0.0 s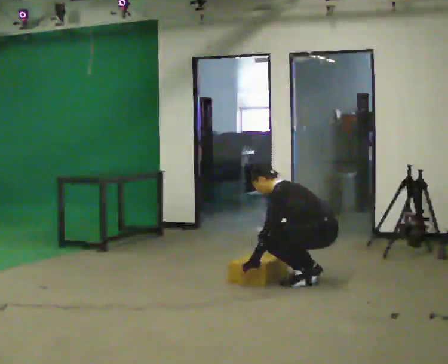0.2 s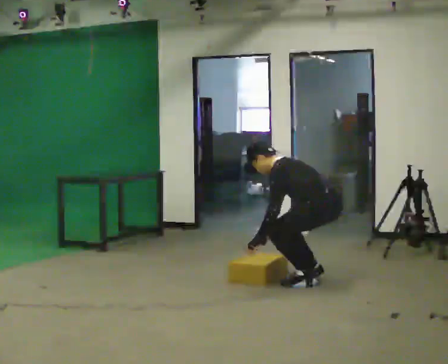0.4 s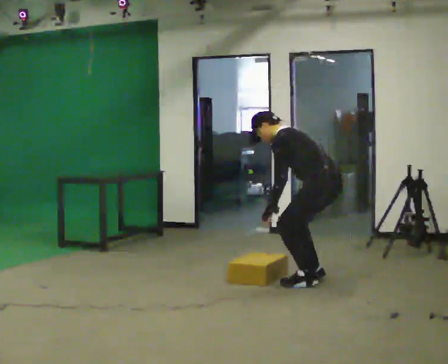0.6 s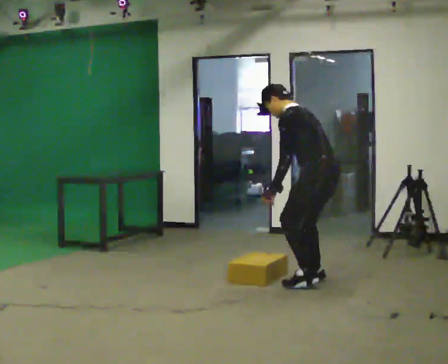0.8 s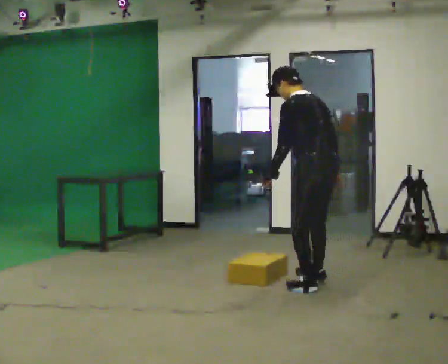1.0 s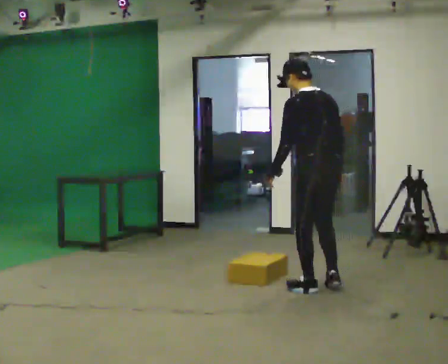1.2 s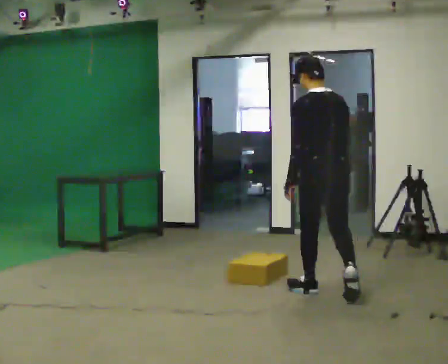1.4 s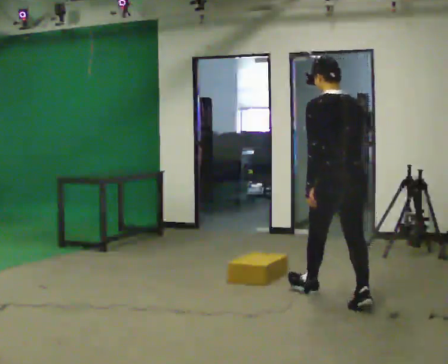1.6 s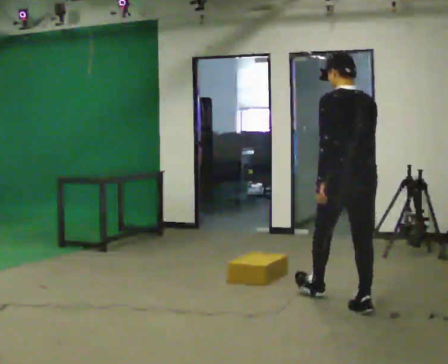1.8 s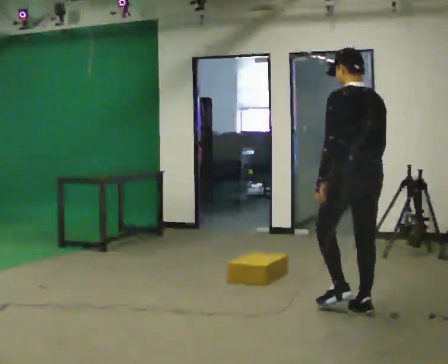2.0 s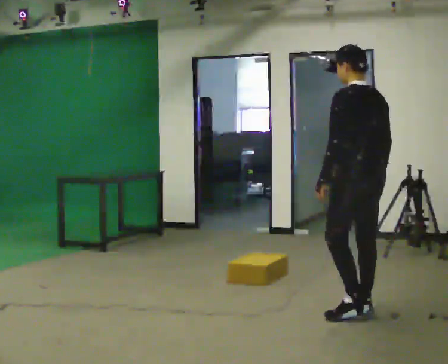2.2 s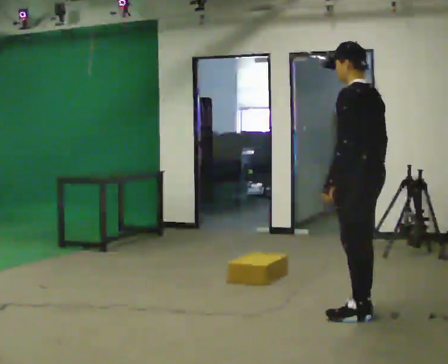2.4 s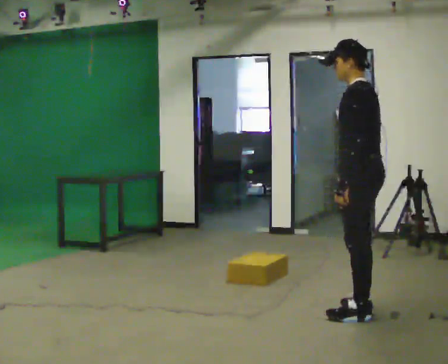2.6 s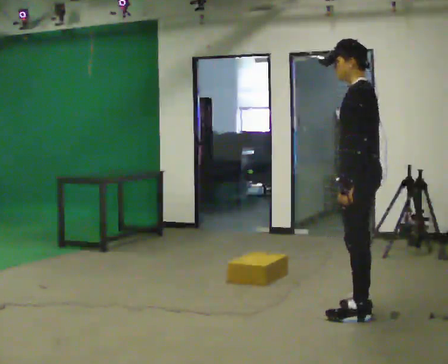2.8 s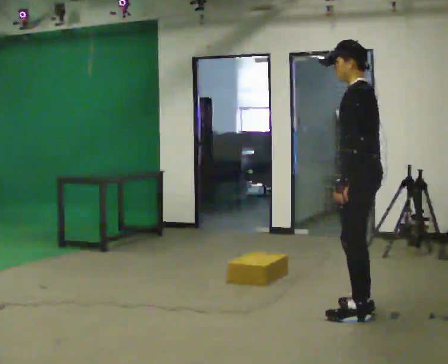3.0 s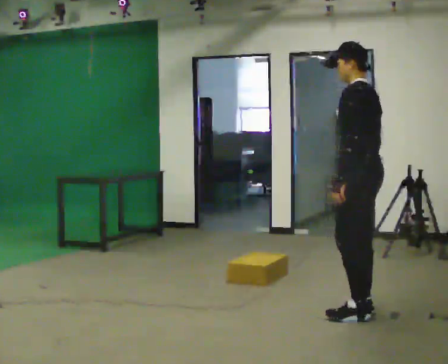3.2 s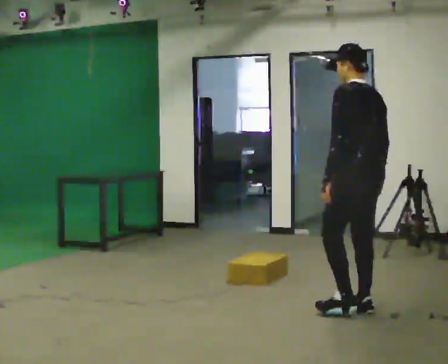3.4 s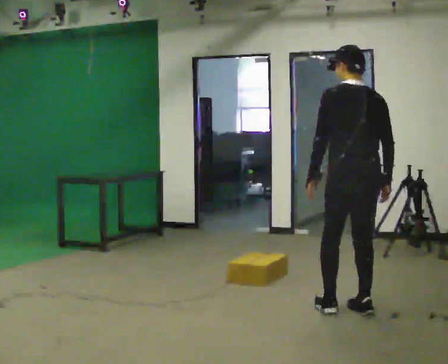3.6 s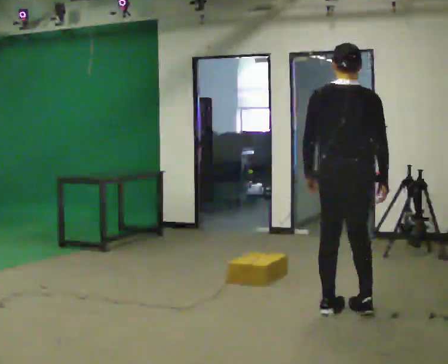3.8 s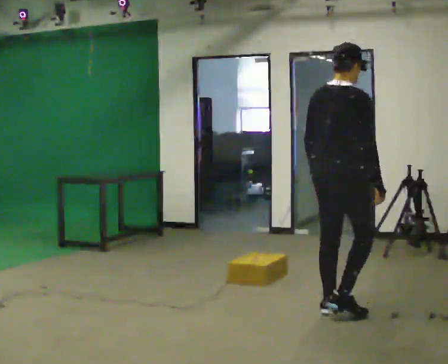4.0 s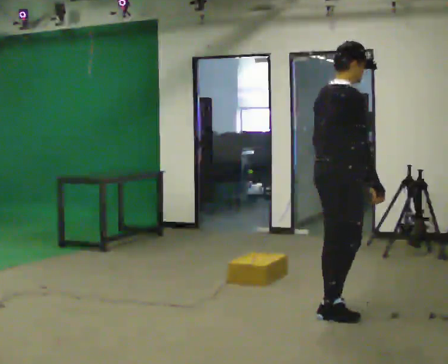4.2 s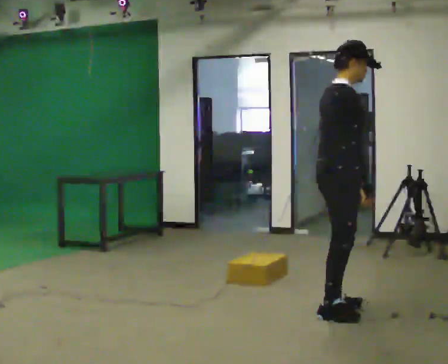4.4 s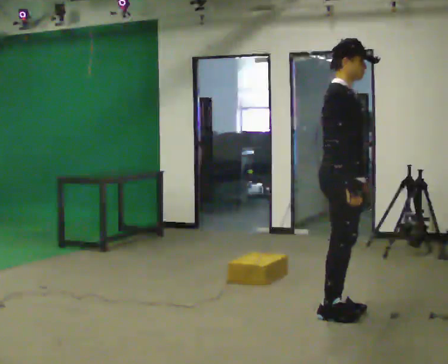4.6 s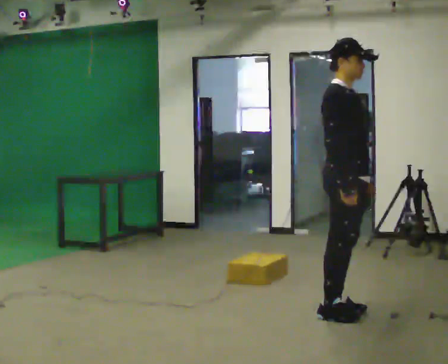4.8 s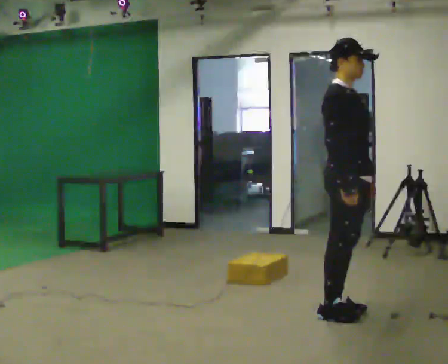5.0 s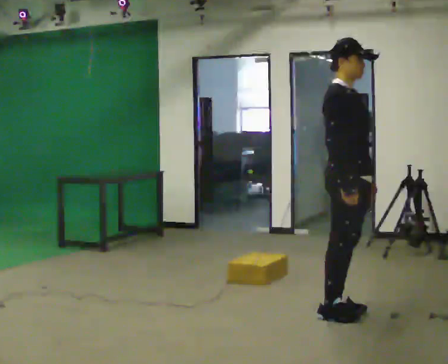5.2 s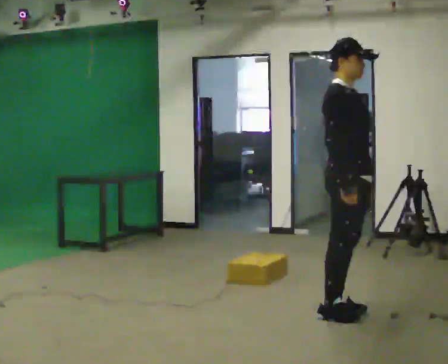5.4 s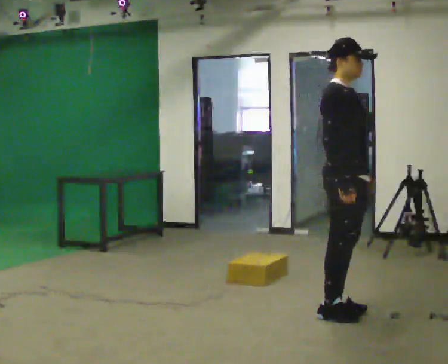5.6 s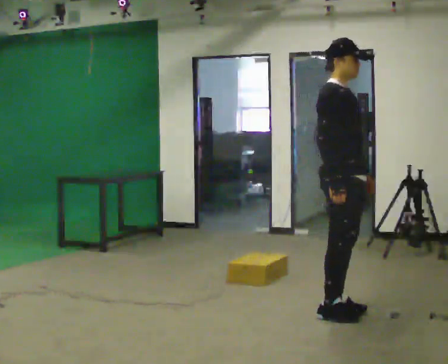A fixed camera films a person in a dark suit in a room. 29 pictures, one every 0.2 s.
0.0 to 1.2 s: The person turns about 45 degrees to their right, clockwise seen from above, so the part of the body nearest the lens slides to the left. In the picture they go toward the camera, about 0.5 m in 2 steps, which for them is to their left and backward. The shoulders move upward. In the picture the upper body tilts clockwise, shoulders to the right, as they lean back or straighten. In the picture their right hand goes upward.
1.2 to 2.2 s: The part of the body nearest the lens slides to the right as the person turns to their left by about 30 degrees. In the picture they go toward the camera and to the right, about 0.5 m in 1 step, which for them is backward.
2.2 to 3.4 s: The part of the body nearest the lens slides to the left as the person turns to their right by about 30 degrees.
3.4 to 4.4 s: The person turns about 120 degrees to their right, clockwise seen from above, so the part of the body nearest the lens slides to the left. In the picture they go to the left, about 0.25 m in 1 step.
4.4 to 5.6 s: The person moves a little, or ends about where they began.
The film runs backward here.
